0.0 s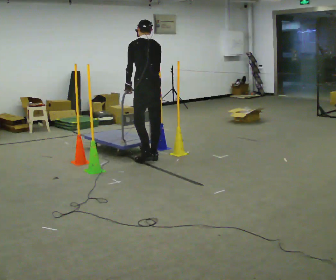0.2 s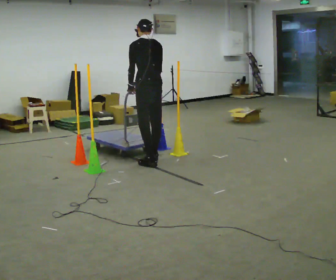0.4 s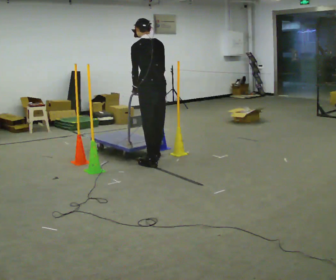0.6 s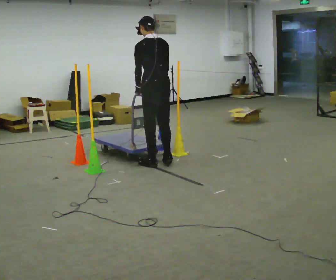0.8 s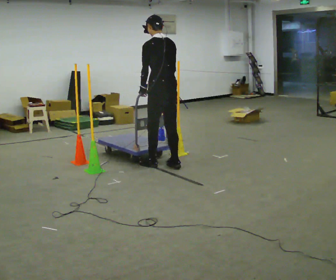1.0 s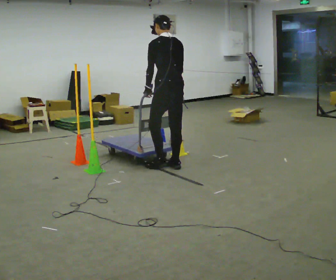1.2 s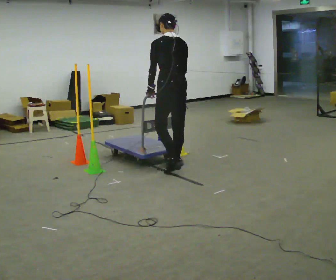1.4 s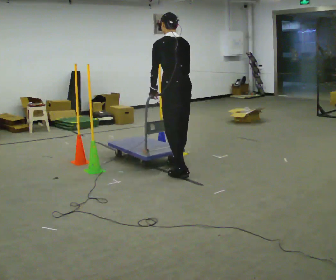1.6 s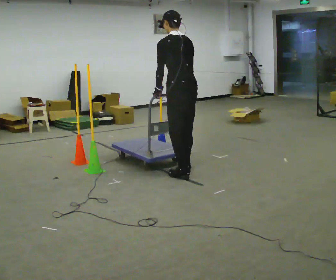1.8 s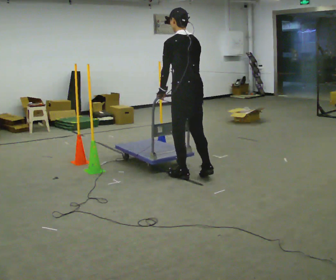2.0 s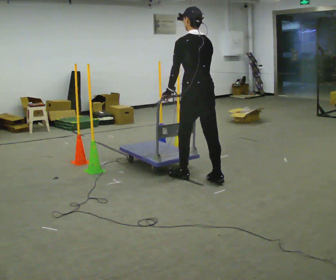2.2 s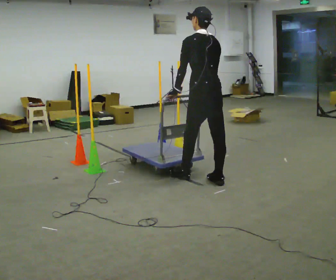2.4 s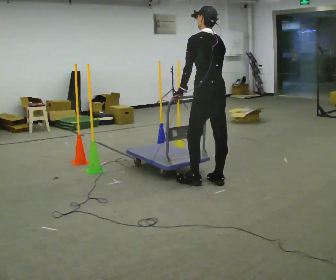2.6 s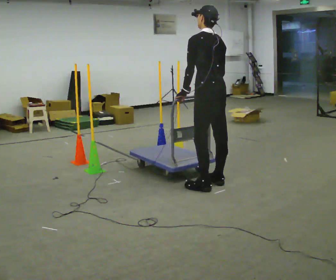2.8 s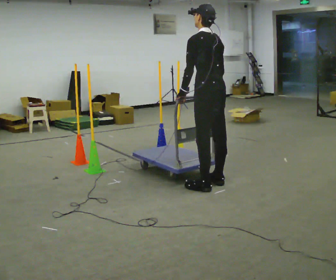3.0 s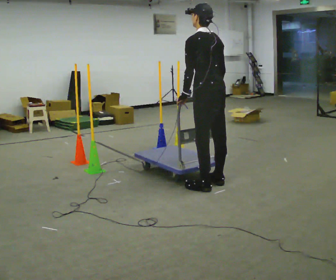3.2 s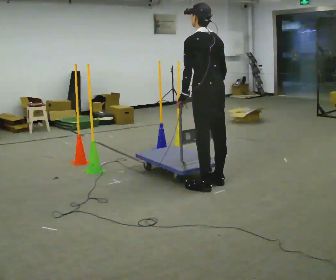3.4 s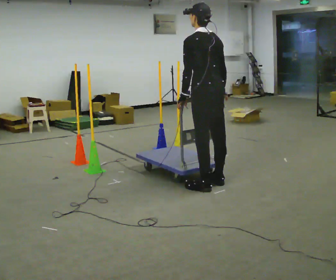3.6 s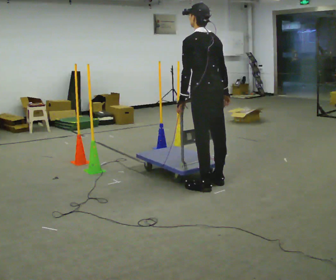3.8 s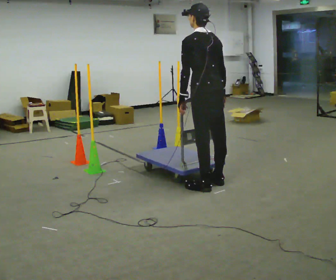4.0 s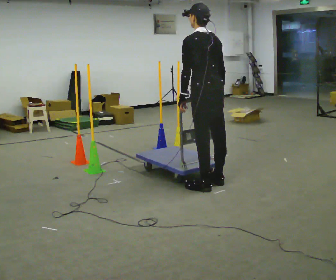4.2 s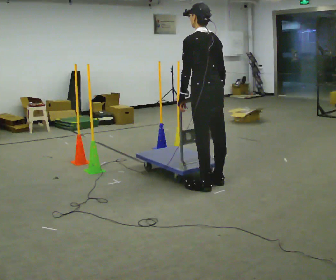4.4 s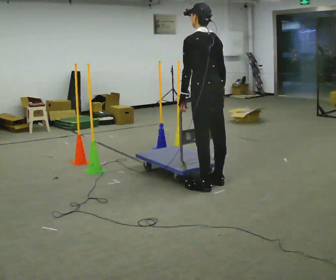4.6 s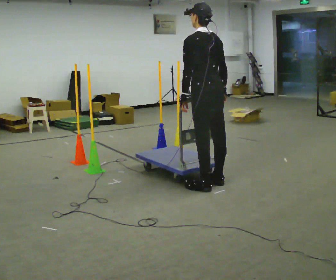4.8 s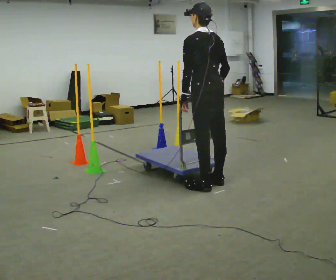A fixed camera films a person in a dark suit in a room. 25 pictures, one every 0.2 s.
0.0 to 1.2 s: In the picture they go toward the camera and to the right, about 0.5 m in 2 steps, which for them is backward.
1.2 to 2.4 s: In the picture they go to the right and toward the camera, about 0.5 m in 2 steps, which for them is backward.
2.4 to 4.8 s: The person moves a little, or ends about where they began.
The film runs forward here.
